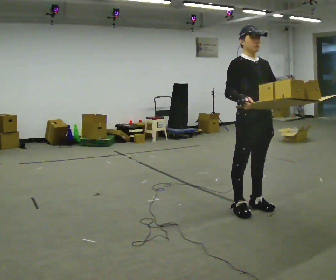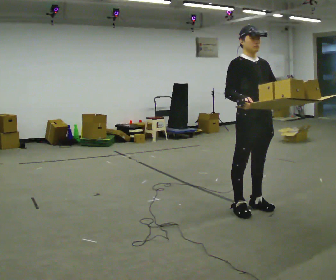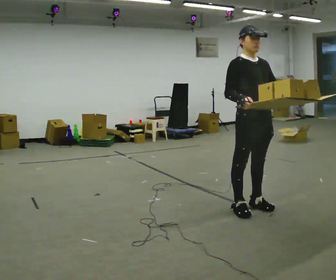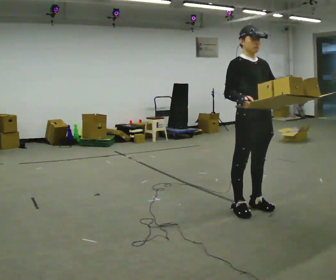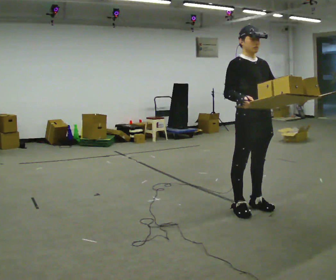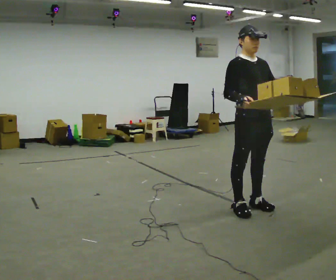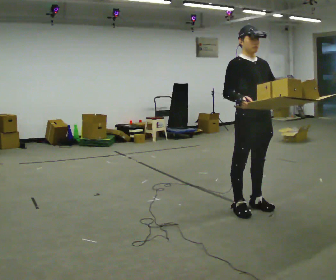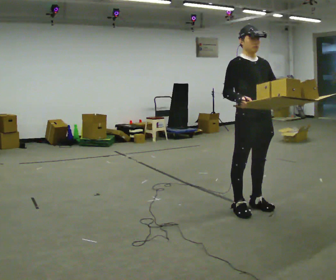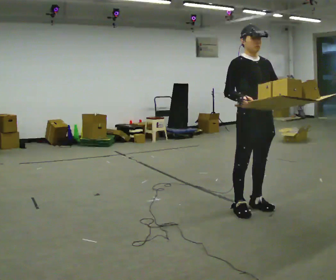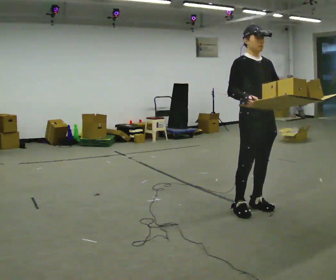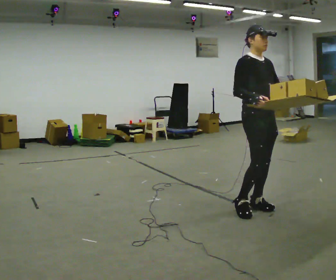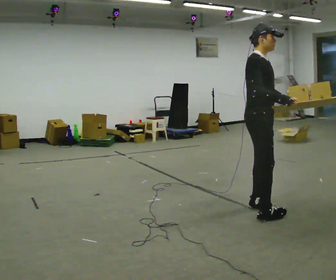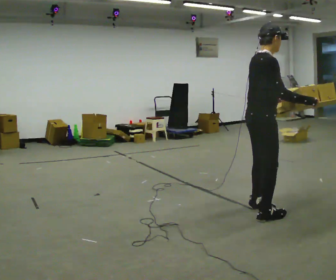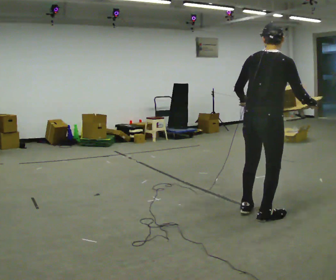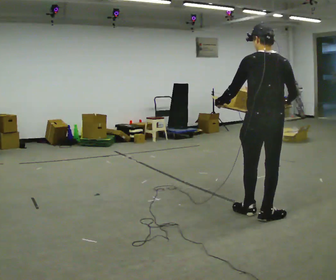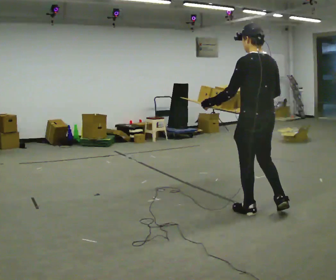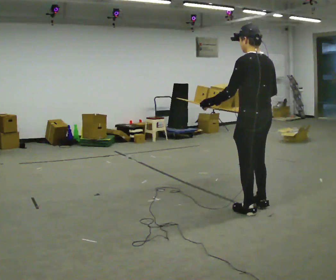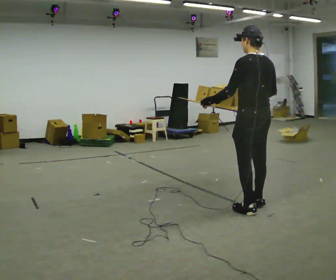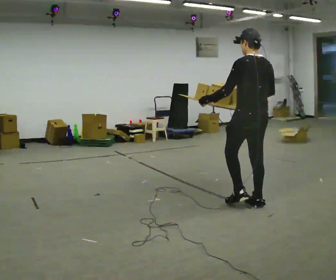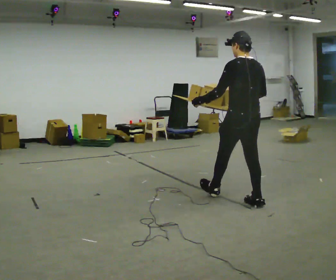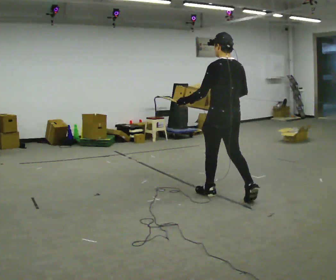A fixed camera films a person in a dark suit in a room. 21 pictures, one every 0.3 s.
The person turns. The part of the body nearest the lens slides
to the right.
Their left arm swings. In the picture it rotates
clockwise.
0.0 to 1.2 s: The person keeps their place and pose.
1.2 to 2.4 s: The person moves a little, or ends about where they began.
2.4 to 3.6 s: Seen from above the body turns counterclockwise, about 90 degrees: to their left, with its near side sliding to the right. In the picture they go toward the camera, about 0.25 m in 1 step. In the picture their left hand goes to the left, the arm swinging clockwise.
3.6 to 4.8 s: The part of the body nearest the lens slides to the right as the person turns to their left by about 105 degrees. In the picture they go away from the camera, about 0.25 m in 2 steps. In the picture their left hand goes to the left.
4.8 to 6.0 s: In the picture they go away from the camera and to the left, about 0.5 m in 1 step, which for them is forward.
The film runs forward here.
